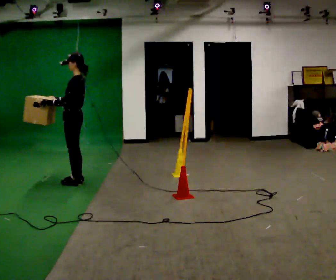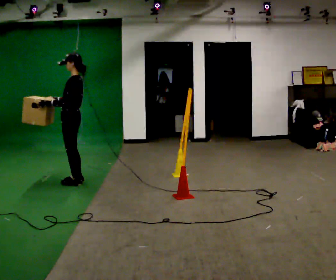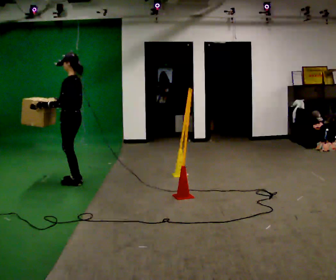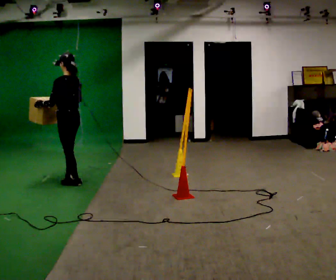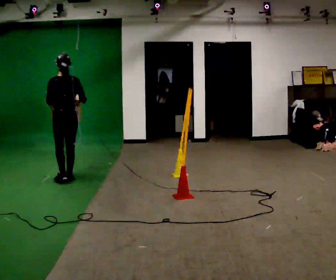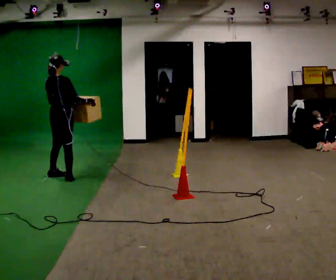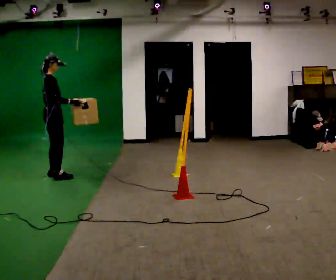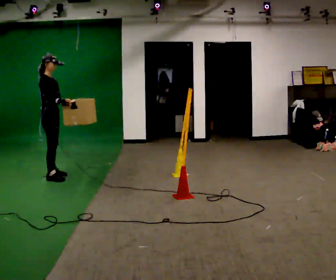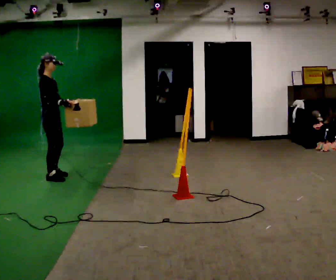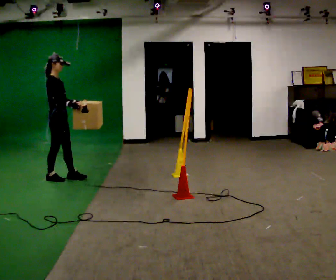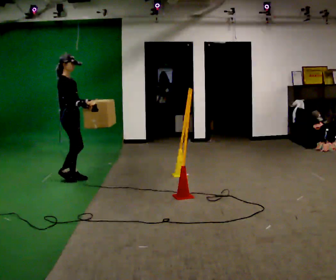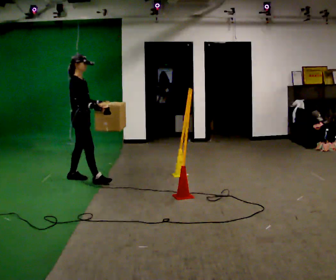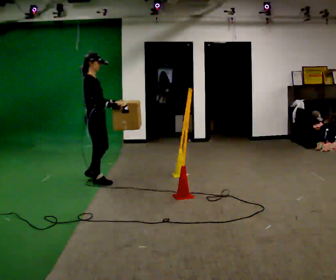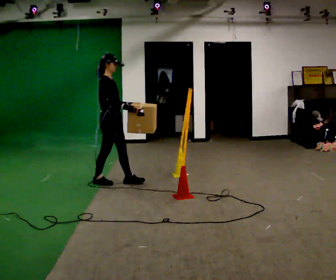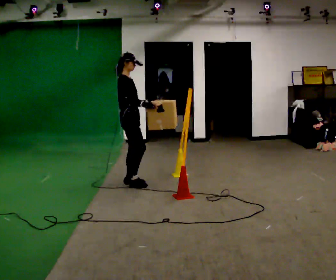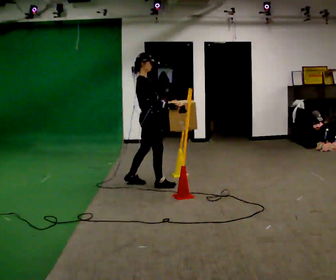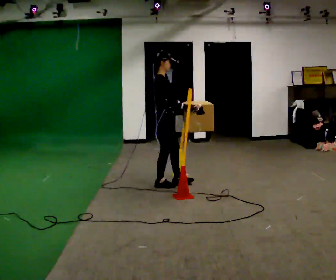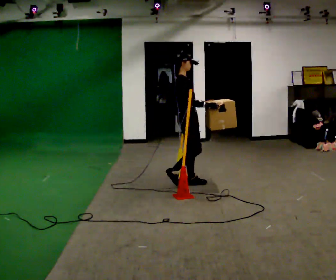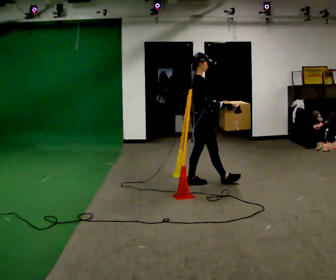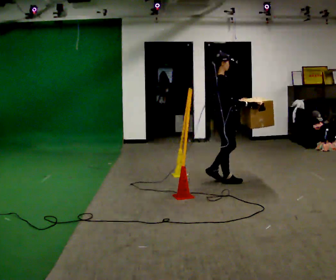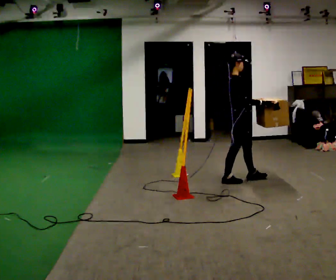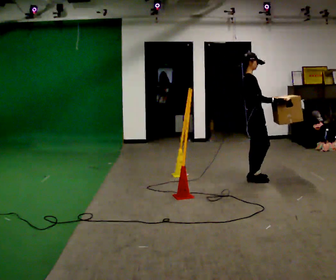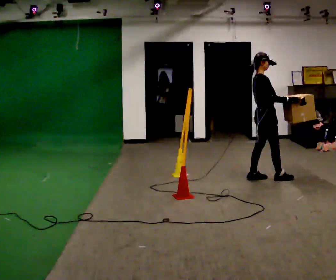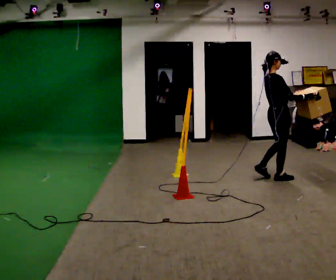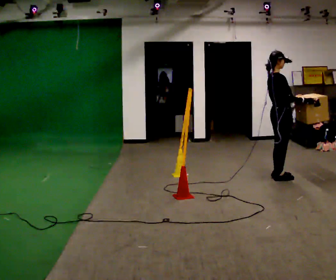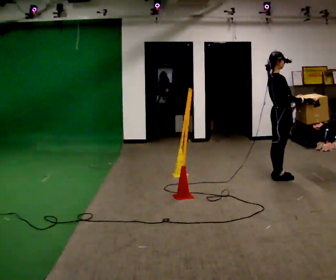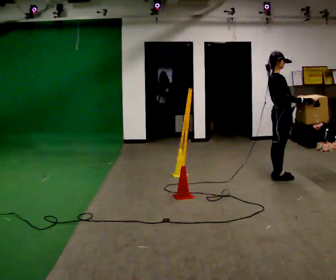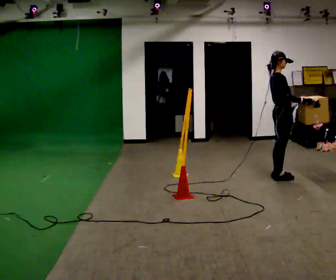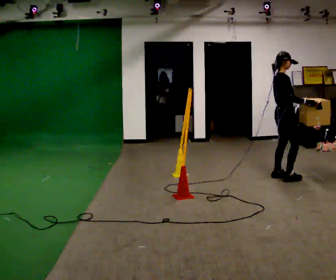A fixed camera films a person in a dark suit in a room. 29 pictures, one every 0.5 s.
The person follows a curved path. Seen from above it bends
counterclockwise.
0.0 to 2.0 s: The part of the body nearest the lens slides to the left as the person turns to their right by about 75 degrees. In the picture their right hand goes to the right.
2.0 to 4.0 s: The person turns about 105 degrees to their right, clockwise seen from above, so the part of the body nearest the lens slides to the left. In the picture they go to the left, about 0.25 m in 2 steps.
4.0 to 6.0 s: In the picture they go to the right, about 0.5 m in 2 steps, which for them is forward.
6.0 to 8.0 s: In the picture they go to the right, about 1 m in 2 steps, which for them is forward.
8.0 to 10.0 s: In the picture they go to the right, about 1 m in 3 steps, which for them is forward.
10.0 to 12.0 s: In the picture they go to the right, about 0.5 m in 2 steps, which for them is forward.
12.0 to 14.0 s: The person moves a little, or ends about where they began.
The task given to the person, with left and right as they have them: Carry the box through the gap between the panels without touching either side, then set it down and bring it back. Keep going until the operator says stop; one object at a time, and do not rush between trips.
The film runs forward here.
